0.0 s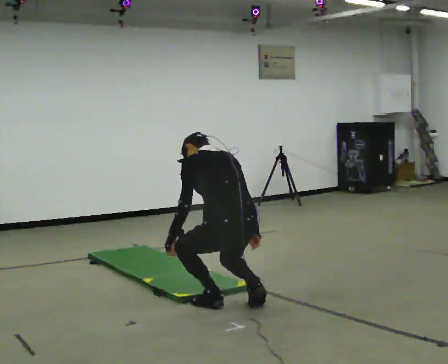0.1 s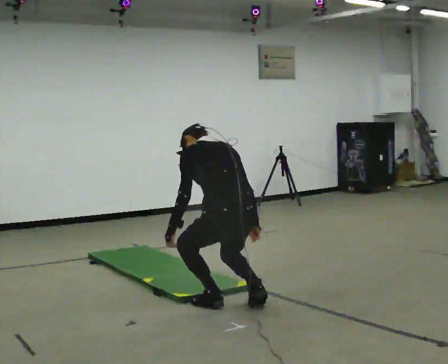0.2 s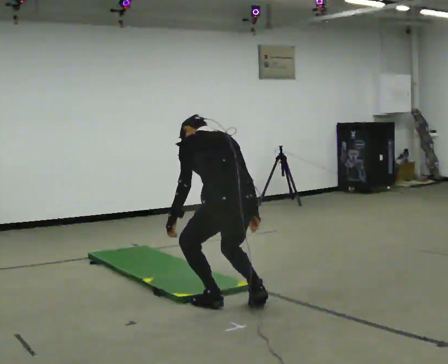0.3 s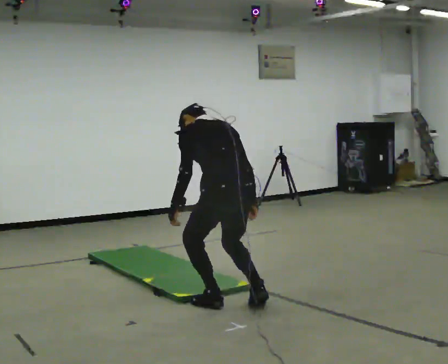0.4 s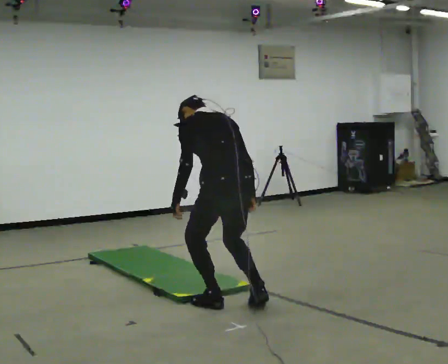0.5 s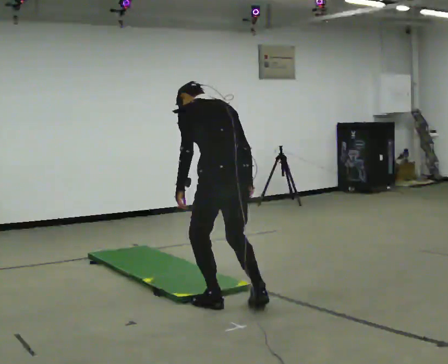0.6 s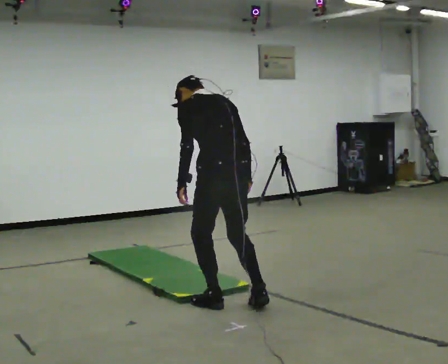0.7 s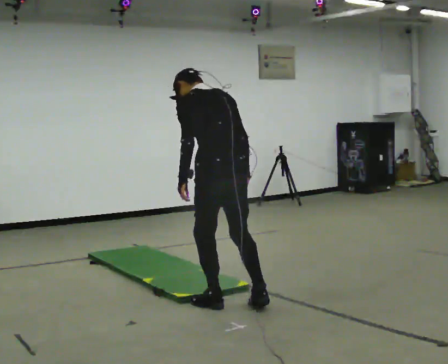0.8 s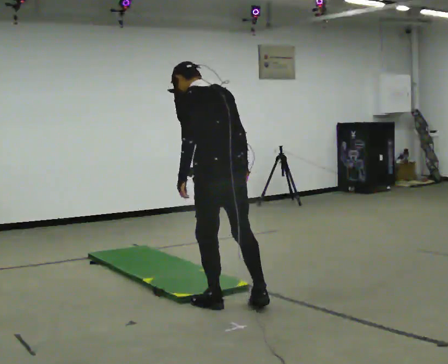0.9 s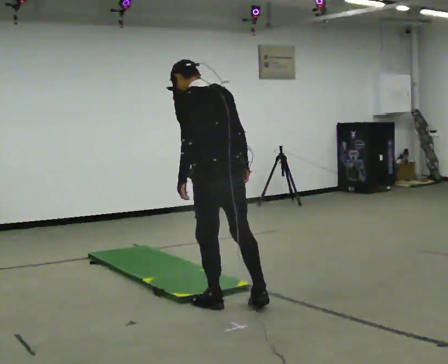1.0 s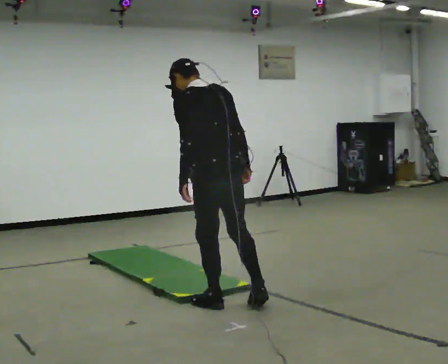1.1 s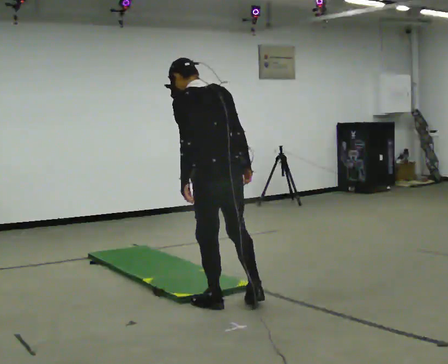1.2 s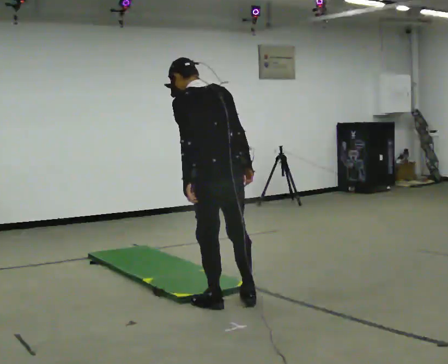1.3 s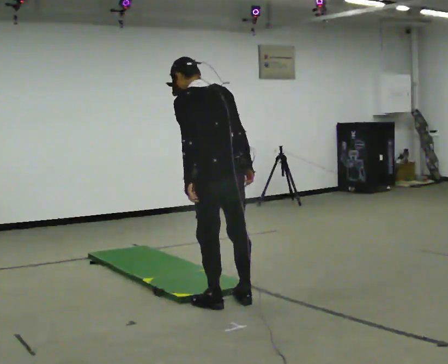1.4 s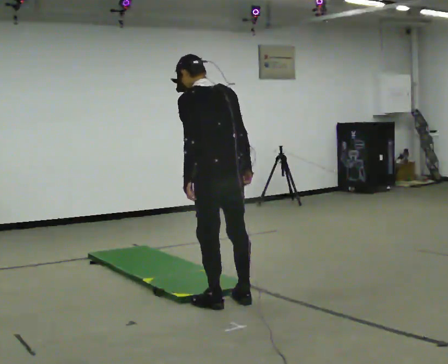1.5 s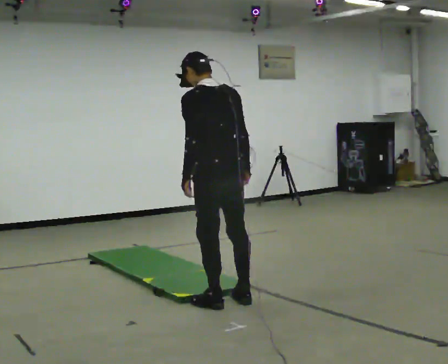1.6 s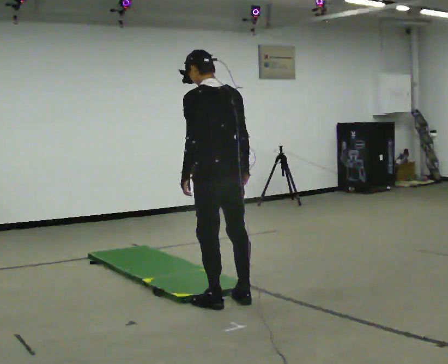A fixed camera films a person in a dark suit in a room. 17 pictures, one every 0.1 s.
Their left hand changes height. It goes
upward.
Their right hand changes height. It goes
upward.
0.0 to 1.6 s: The shoulders move upward. The upper body tips toward the camera, its near side rolling downward, as they lean back or straighten. In the picture their left hand goes upward.
The film runs backward here.
